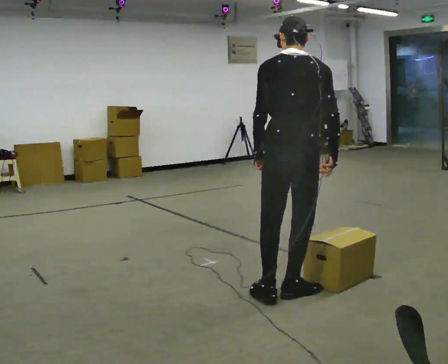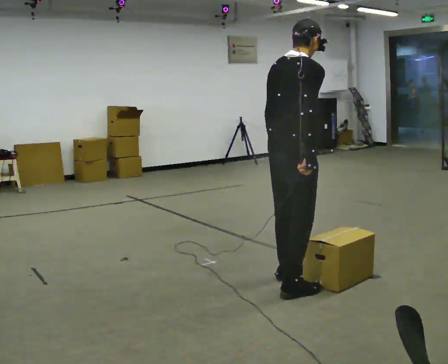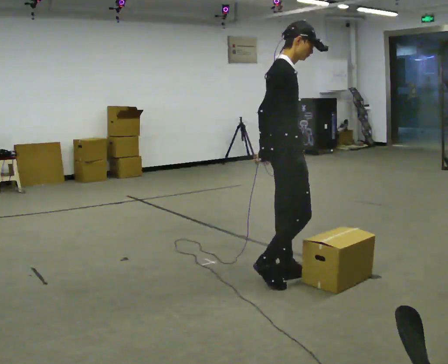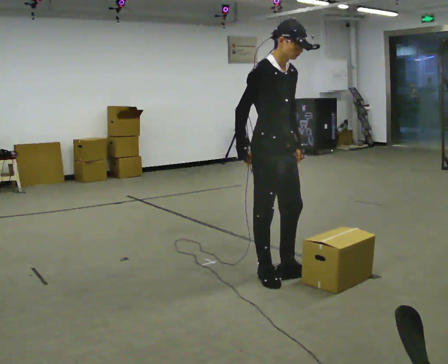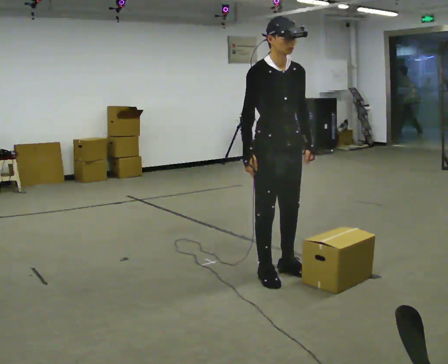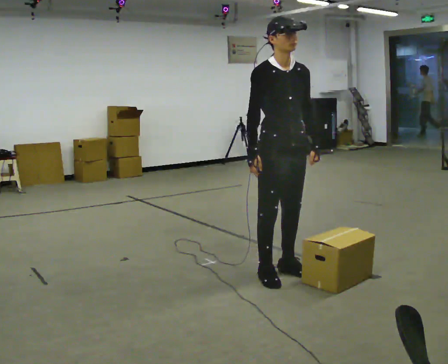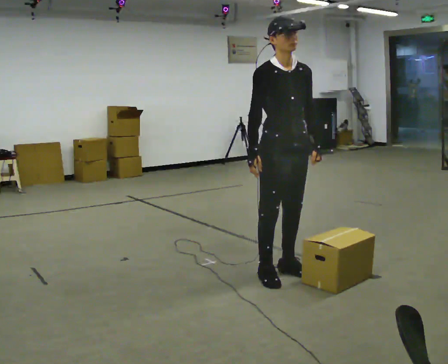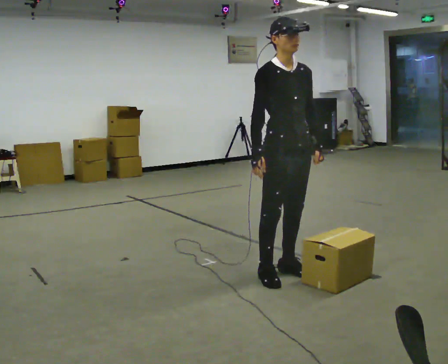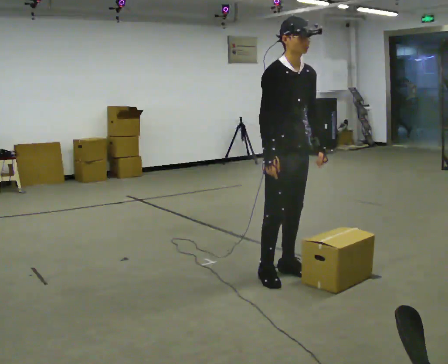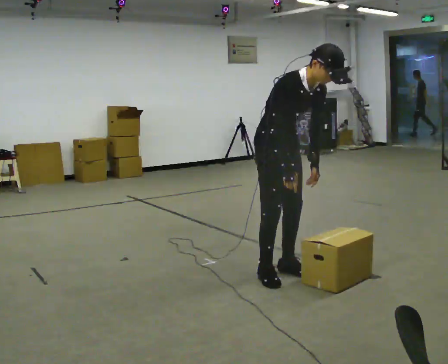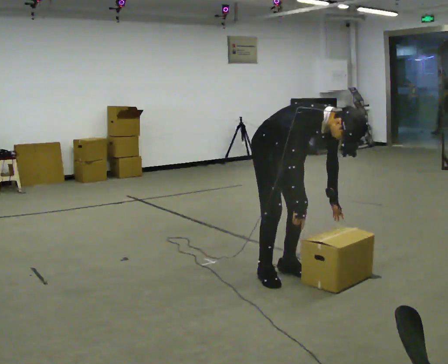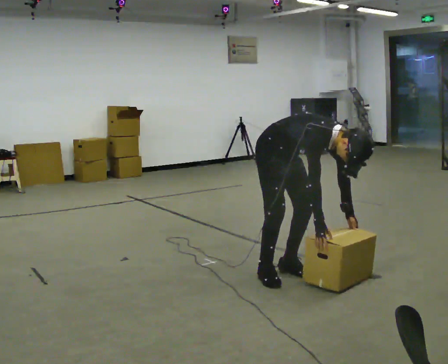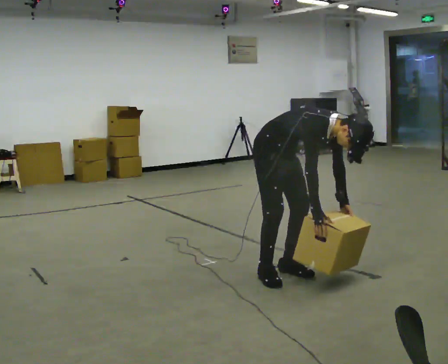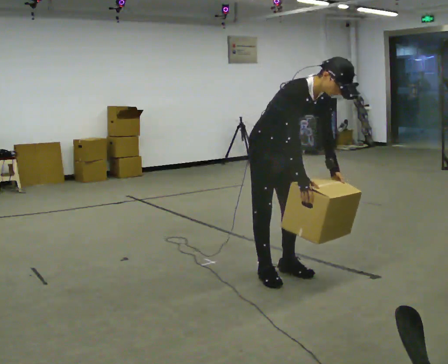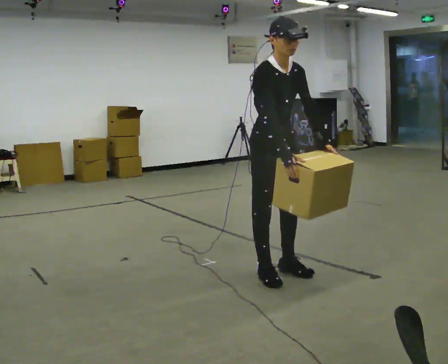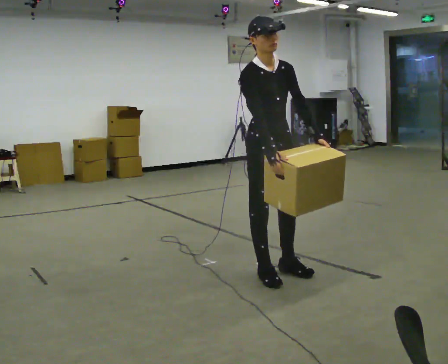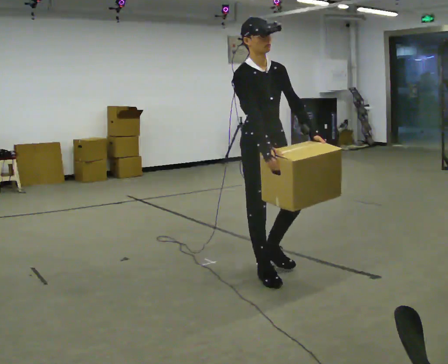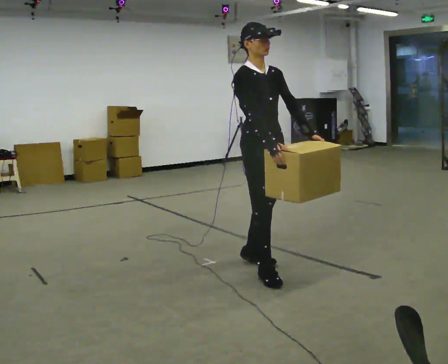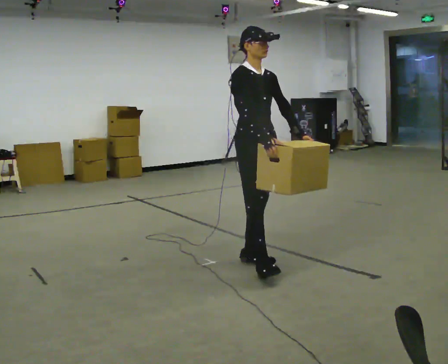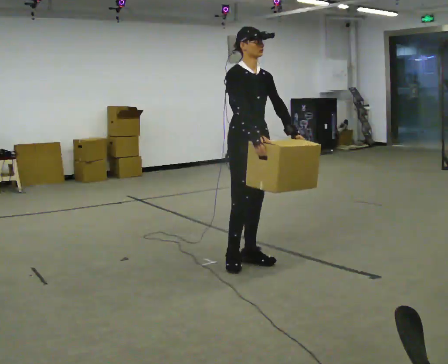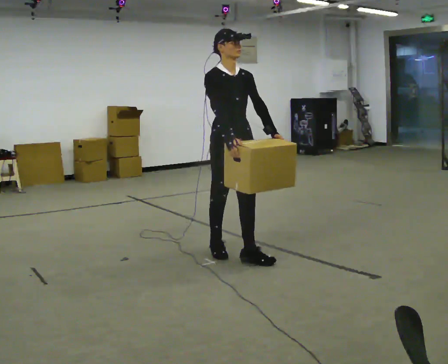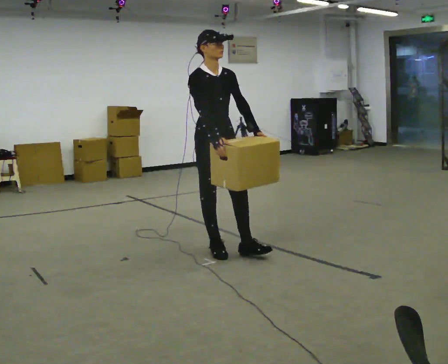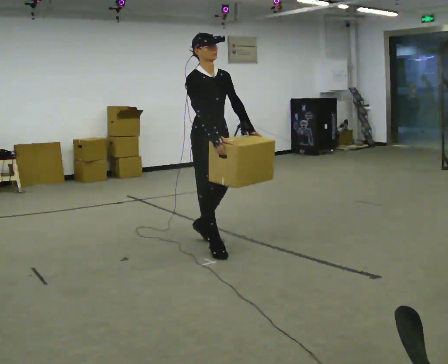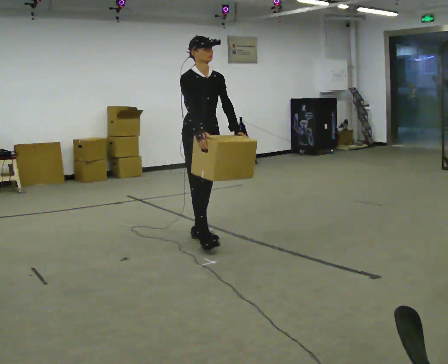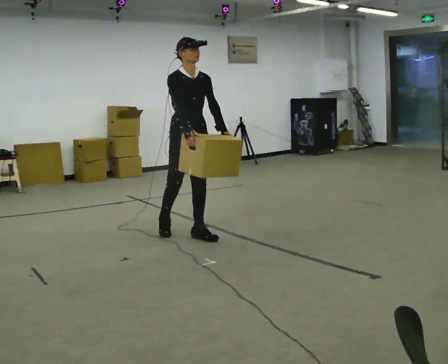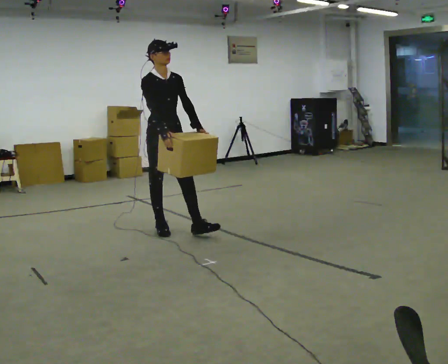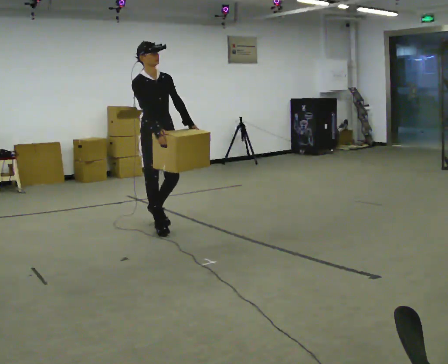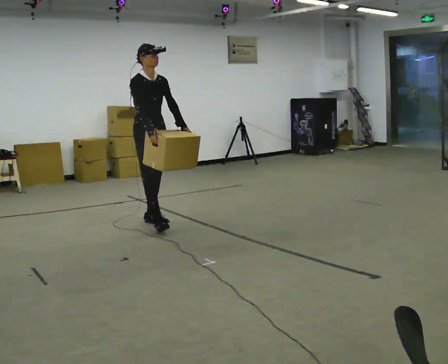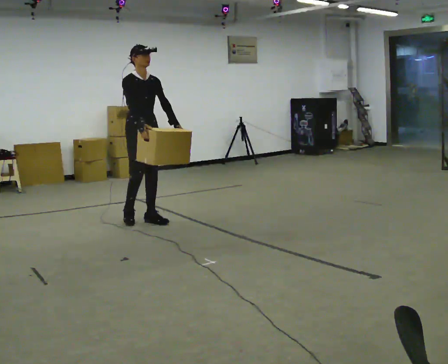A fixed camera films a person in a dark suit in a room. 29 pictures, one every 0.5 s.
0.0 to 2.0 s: The person turns about 135 degrees to their right, clockwise seen from above, so the part of the body nearest the lens slides to the left. In the picture they go away from the camera, about 0.5 m in 2 steps.
2.0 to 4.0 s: The person moves a little, or ends about where they began.
4.0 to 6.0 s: In the picture they go away from the camera, about 0.25 m, which for them is backward. The upper body goes downward. In the picture the upper body tilts clockwise, shoulders to the right, as they bend forward. In the picture their right hand goes downward and to the right.
6.0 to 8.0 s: The upper body goes upward. In the picture the upper body tilts counterclockwise, shoulders to the left, as they lean back or straighten. In the picture their left hand goes upward.
8.0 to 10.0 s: In the picture they go away from the camera and to the left, about 0.5 m in 1 step, which for them is backward.
10.0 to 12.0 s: In the picture they go away from the camera and to the left, about 0.5 m in 2 steps, which for them is backward.
12.0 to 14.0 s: In the picture they go to the left and away from the camera, about 0.5 m in 2 steps, which for them is backward.
The film runs backward here.
